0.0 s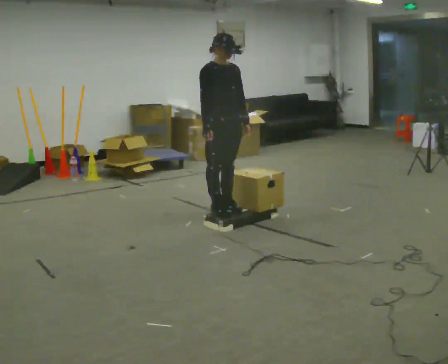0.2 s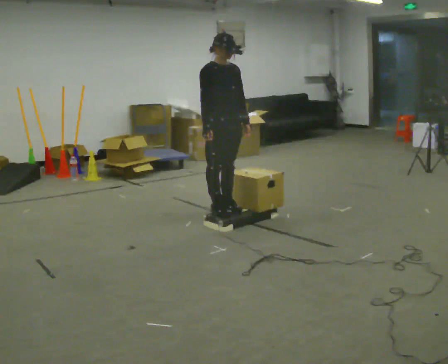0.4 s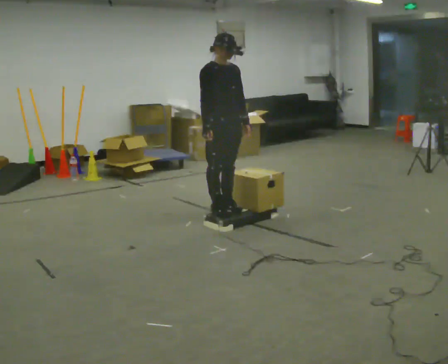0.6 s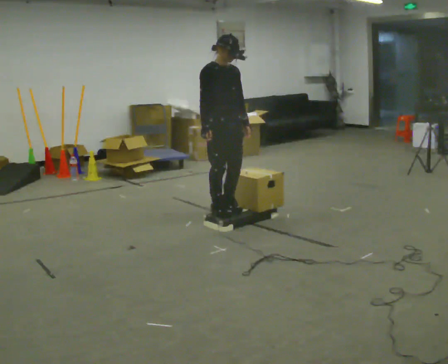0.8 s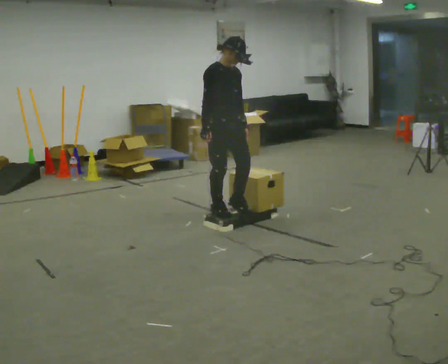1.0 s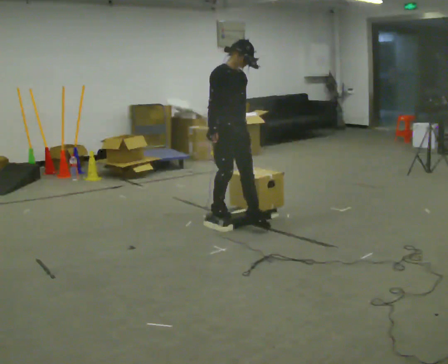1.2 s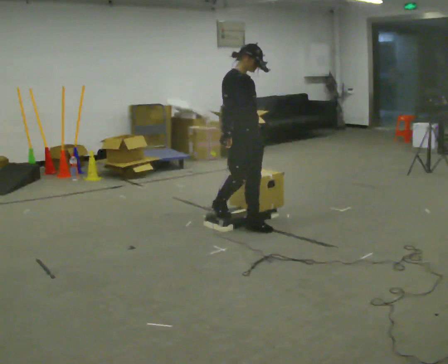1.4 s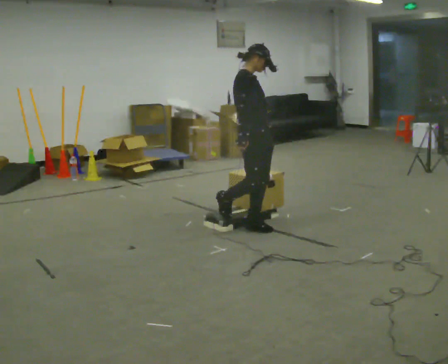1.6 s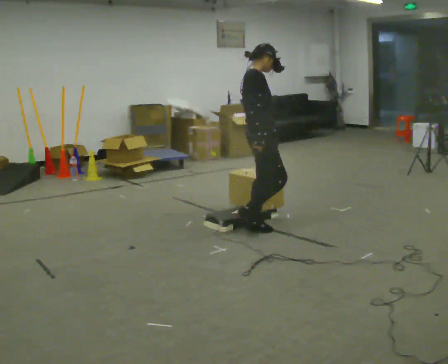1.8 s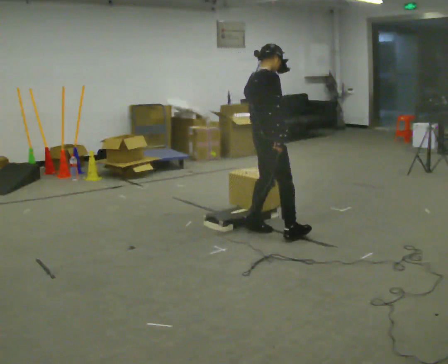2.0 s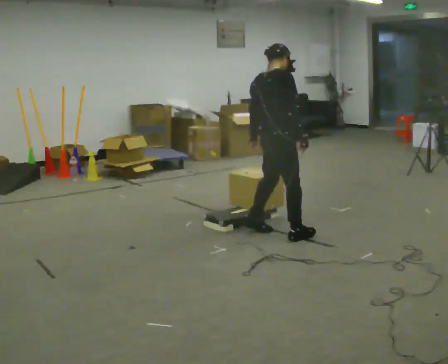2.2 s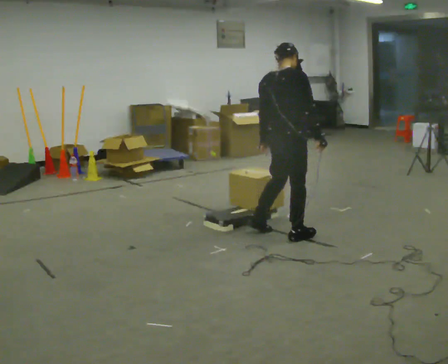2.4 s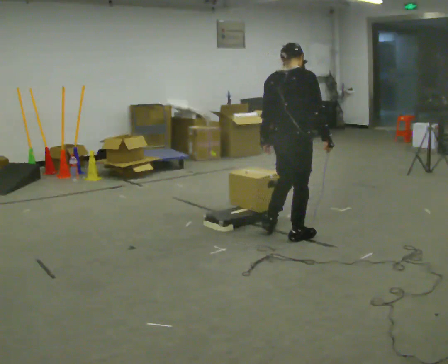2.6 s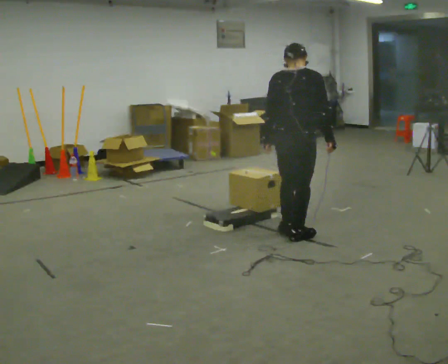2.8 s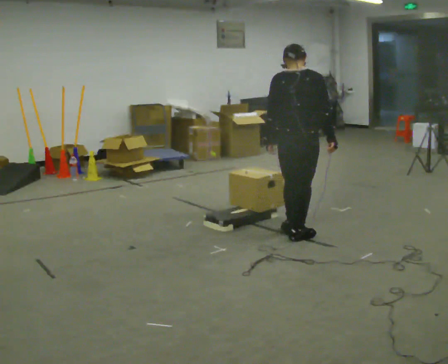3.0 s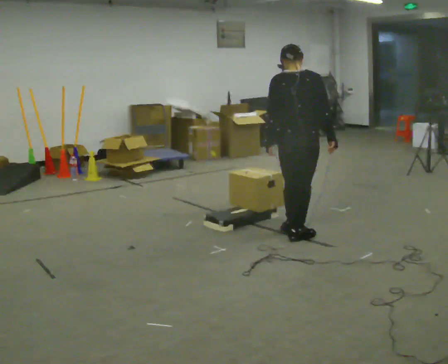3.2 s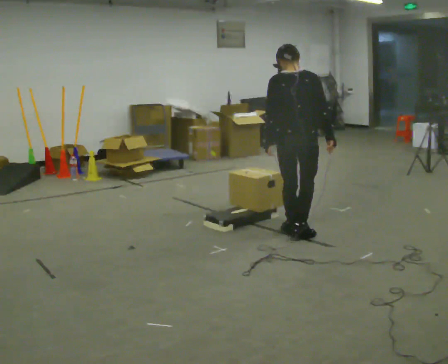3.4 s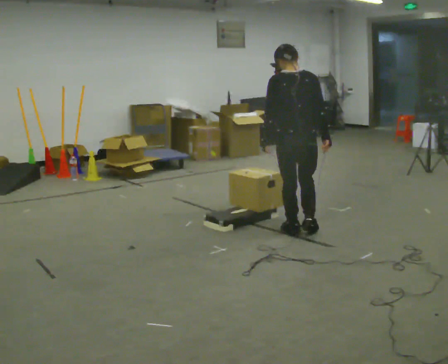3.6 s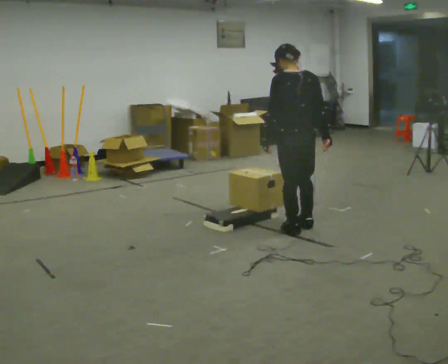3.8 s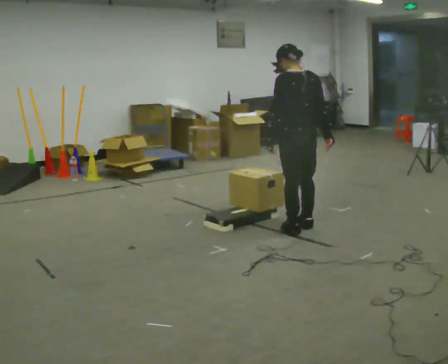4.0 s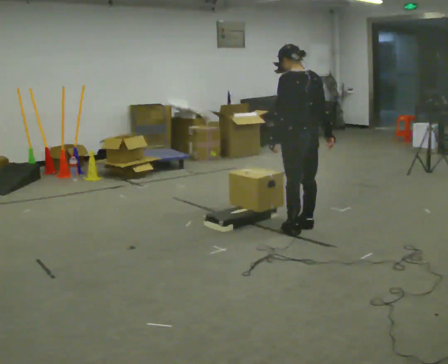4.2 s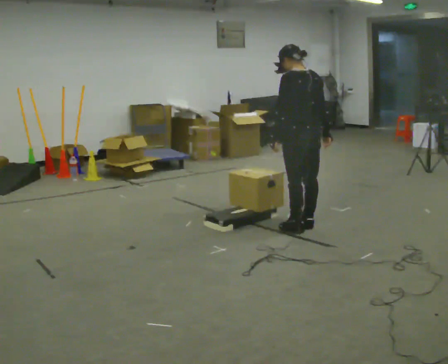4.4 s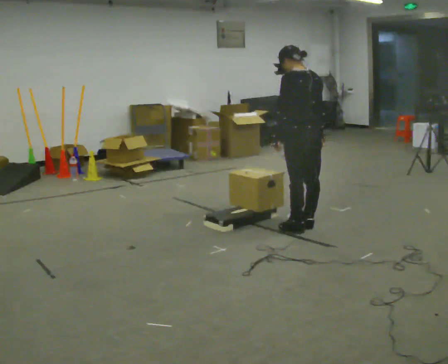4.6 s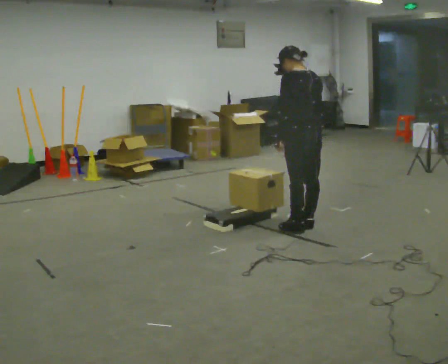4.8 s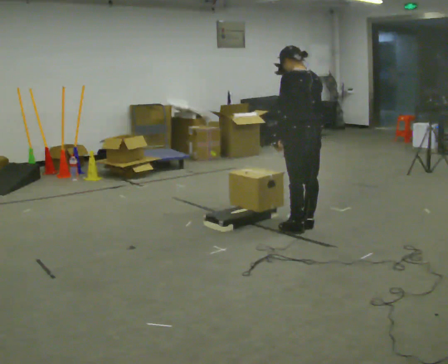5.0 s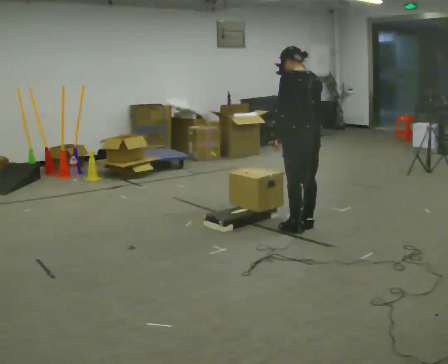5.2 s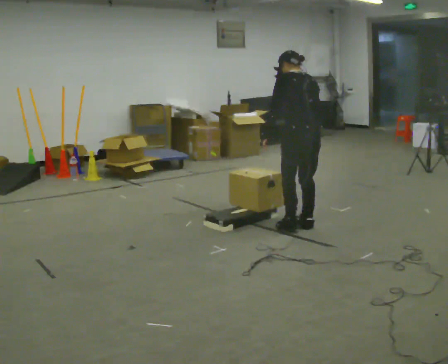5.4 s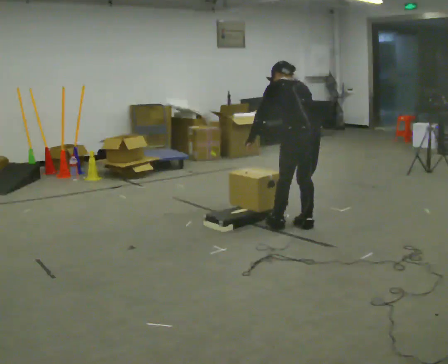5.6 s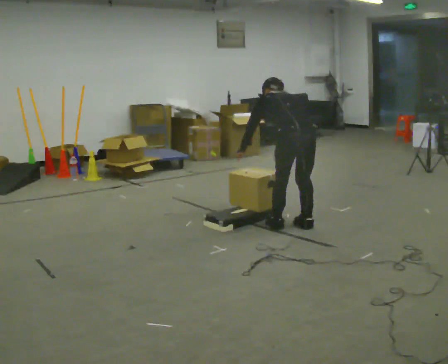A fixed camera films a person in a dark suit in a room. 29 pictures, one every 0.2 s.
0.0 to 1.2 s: In the picture they go toward the camera and to the right, about 0.25 m in 1 step, which for them is forward.
1.2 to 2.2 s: The person turns about 75 degrees to their left, counterclockwise seen from above, so the part of the body nearest the lens slides to the right. In the picture they go to the right and toward the camera, about 0.5 m in 1 step.
2.2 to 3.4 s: The person turns about 60 degrees to their left, counterclockwise seen from above, so the part of the body nearest the lens slides to the right.
3.4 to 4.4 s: Seen from above the body turns counterclockwise, about 30 degrees: to their left, with its near side sliding to the right.
4.4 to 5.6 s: The shoulders move downward. The upper body tips away from the camera, its near side rolling upward, as they bend forward.
The film runs forward here.
